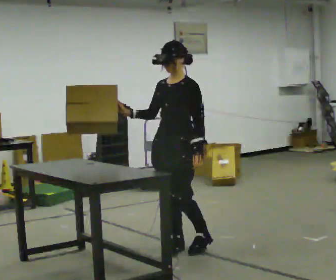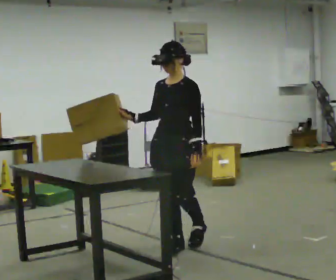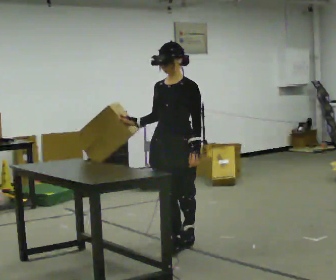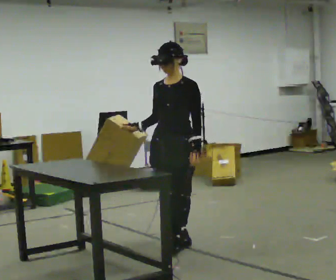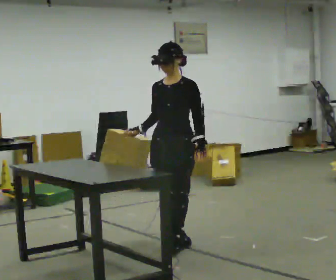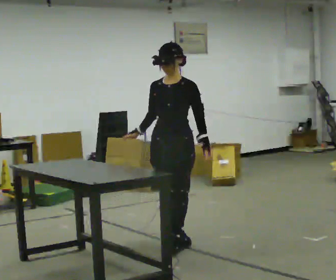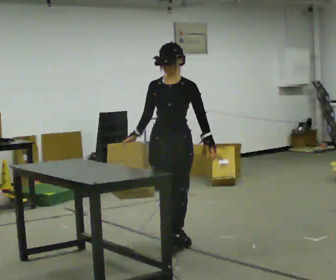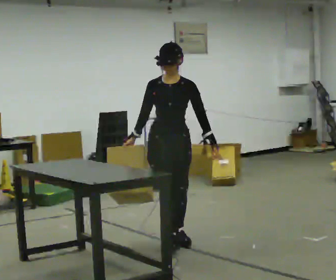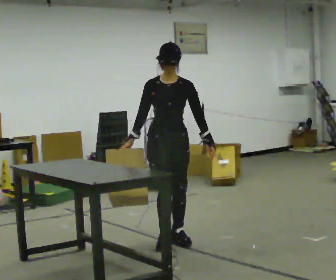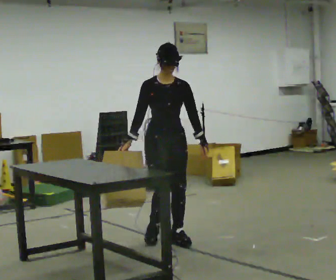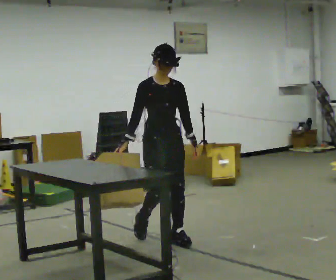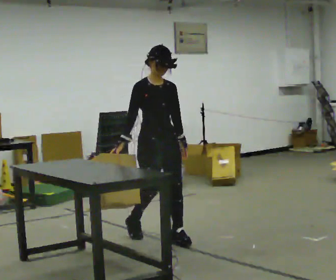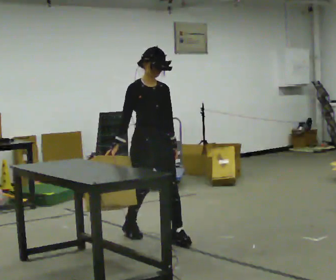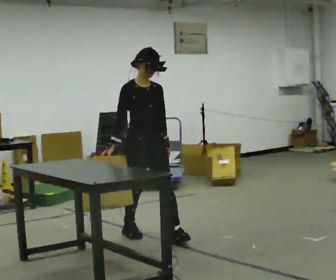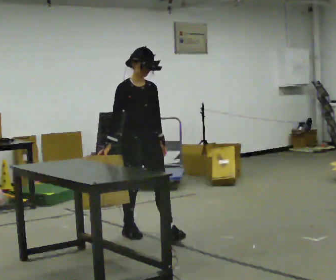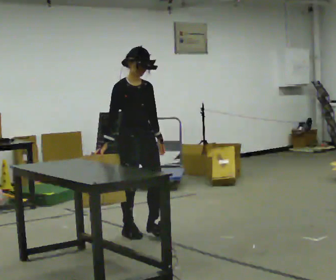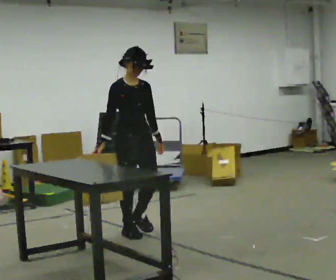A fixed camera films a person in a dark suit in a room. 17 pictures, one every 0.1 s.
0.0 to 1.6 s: The part of the body nearest the lens slides to the right as the person turns to their left by about 75 degrees. In the picture they go away from the camera and to the left, about 0.75 m in 2 steps.
The film runs backward here.
